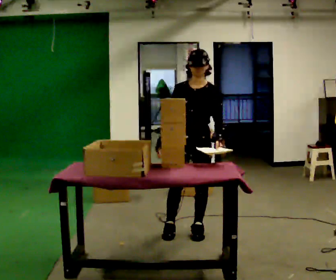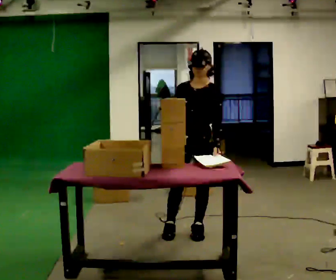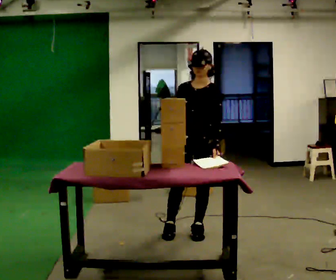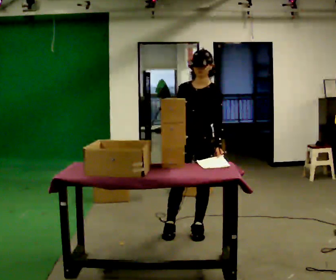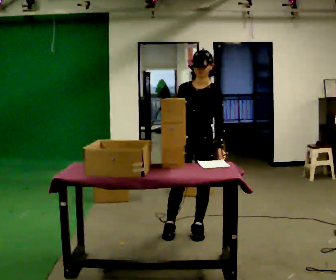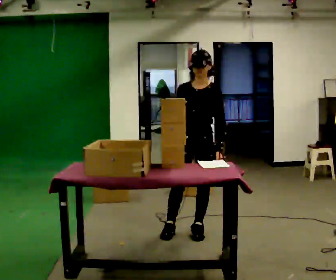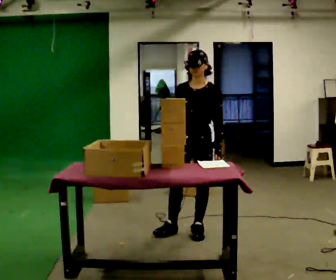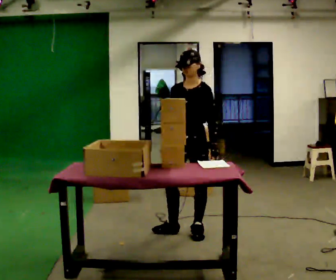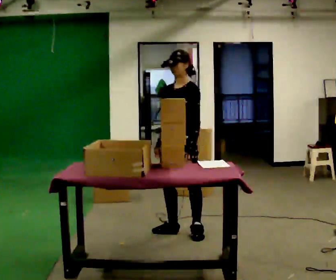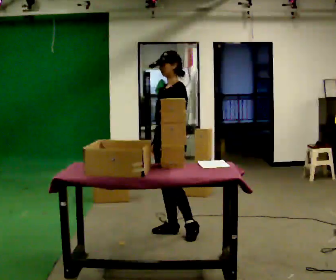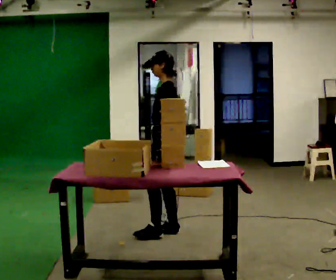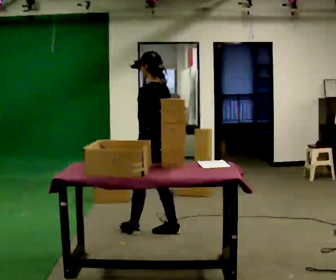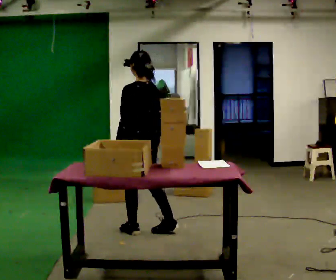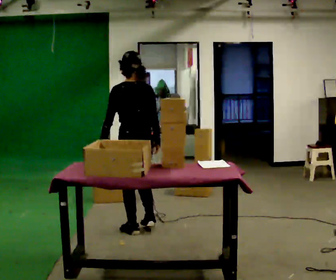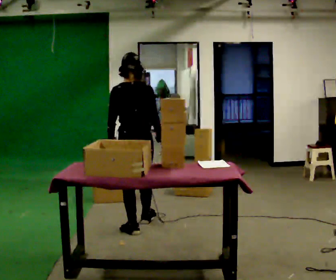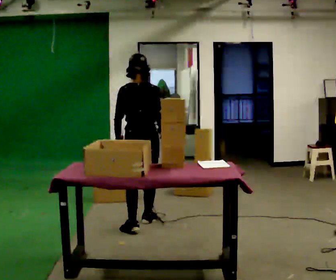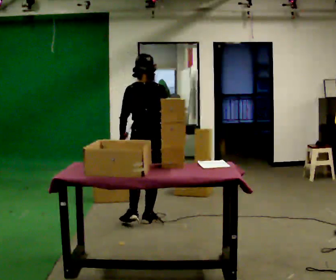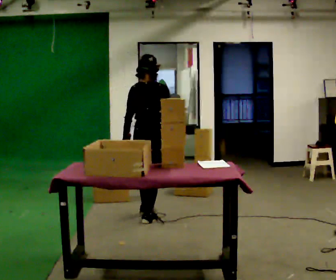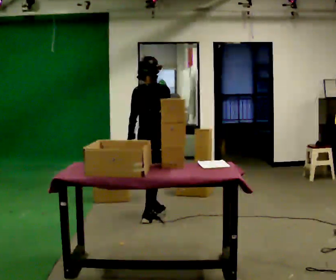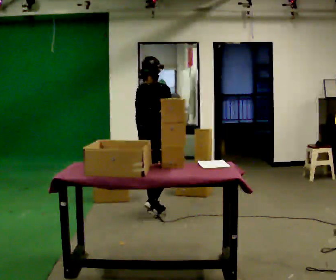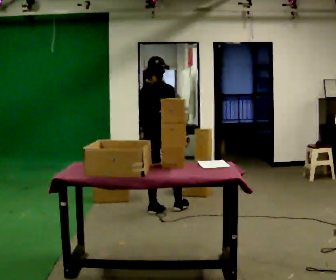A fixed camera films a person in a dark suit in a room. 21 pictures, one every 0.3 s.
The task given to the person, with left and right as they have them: 1. Read the parts list. 2. Collect each part from the bins around the room. 3. Lay them out on the table in the order on the list. 4. Put them all in the carry case. 5. Tell the operator when you are finished.
0.0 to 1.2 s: The person moves a little, or ends about where they began.
1.2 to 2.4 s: The part of the body nearest the lens slides to the left as the person turns to their right by about 30 degrees. In the picture they go to the left, about 0.25 m, which for them is to their right.
2.4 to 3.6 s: Seen from above the body turns clockwise, about 90 degrees: to their right, with its near side sliding to the left. In the picture they go to the left, about 0.25 m in 1 step.
3.6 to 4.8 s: Seen from above the body turns clockwise, about 45 degrees: to their right, with its near side sliding to the left. In the picture they go away from the camera, about 0.25 m in 1 step, which for them is forward.
4.8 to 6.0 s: The part of the body nearest the lens slides to the left as the person turns to their right by about 30 degrees. In the picture they go away from the camera, about 0.5 m in 1 step, which for them is forward.
The film runs forward here.
